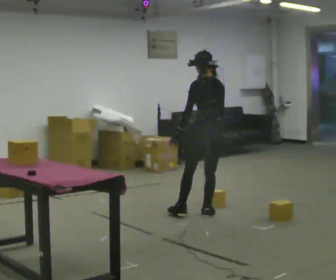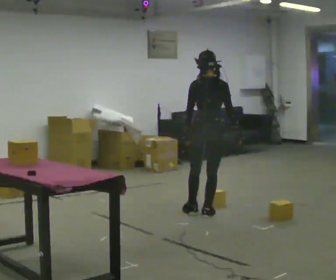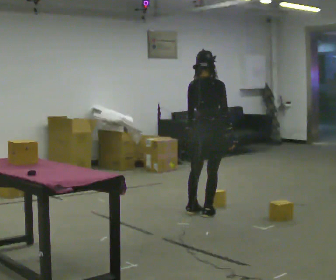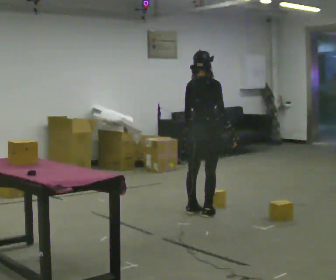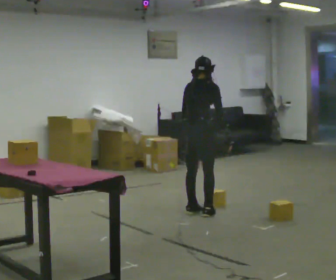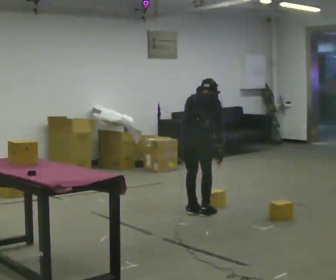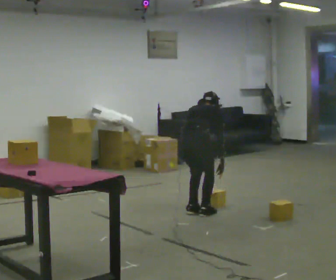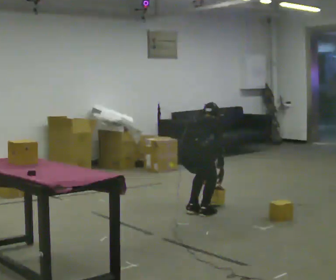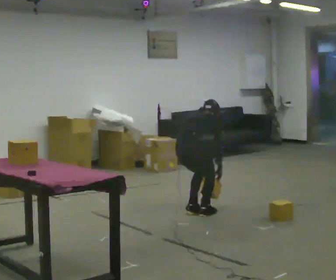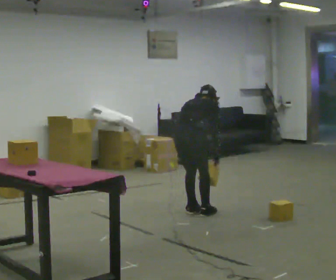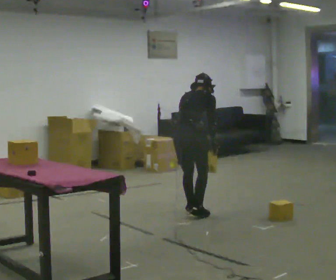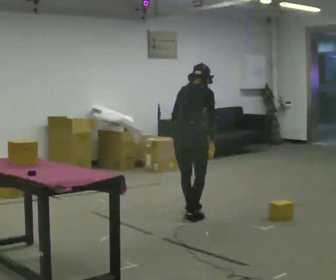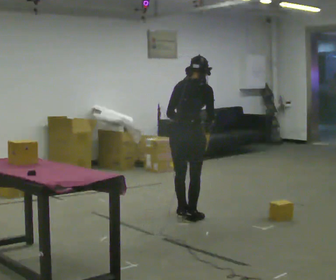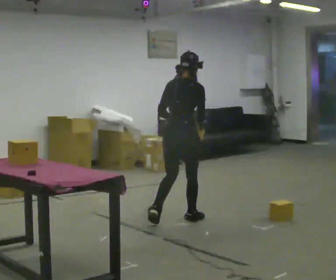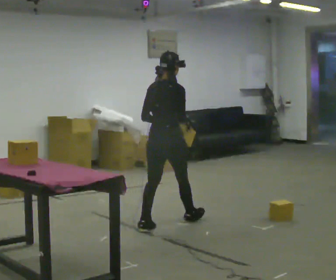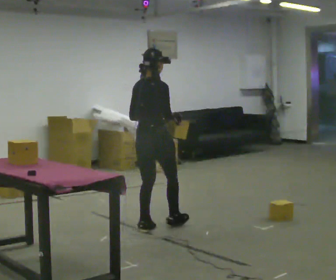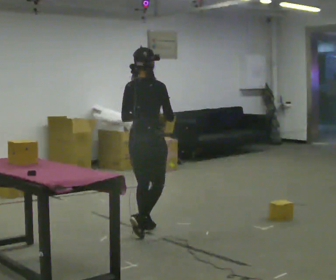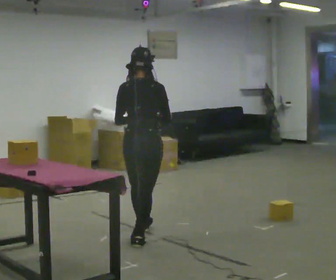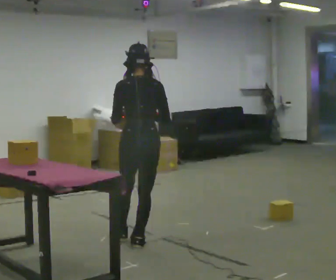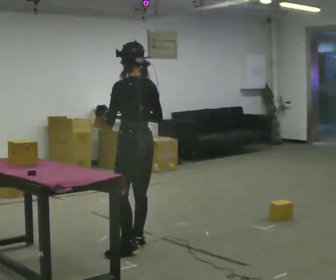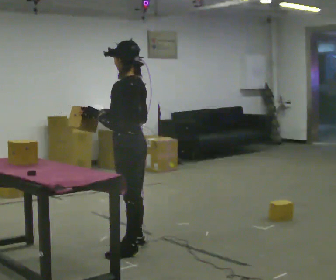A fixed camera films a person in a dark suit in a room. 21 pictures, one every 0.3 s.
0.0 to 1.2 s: The part of the body nearest the lens slides to the left as the person turns to their right by about 60 degrees.
1.2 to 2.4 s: The upper body goes downward. The upper body tips away from the camera, its near side rolling upward, as they bend forward. In the picture their right hand goes downward.
2.4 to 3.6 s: In the picture they go toward the camera, about 0.25 m in 2 steps, which for them is backward and to their right. The shoulders move upward. The upper body tips toward the camera, its near side rolling downward, as they lean back or straighten. In the picture their left hand goes upward.
3.6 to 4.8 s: In the picture they go toward the camera and to the left, about 0.5 m in 1 step, which for them is backward. The upper body tips toward the camera, its near side rolling downward, as they lean back or straighten.
4.8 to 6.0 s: The person turns about 90 degrees to their left, counterclockwise seen from above, so the part of the body nearest the lens slides to the right. In the picture they go toward the camera, about 0.5 m in 1 step.
The film runs backward here.
